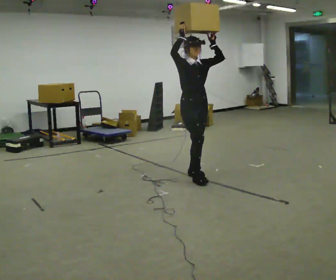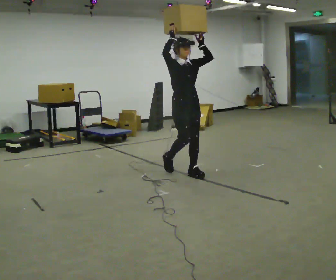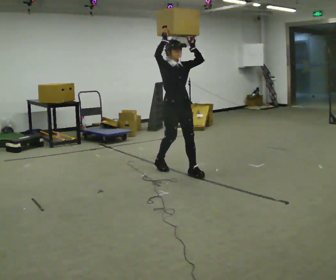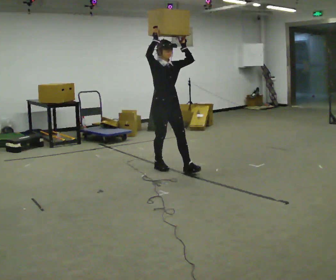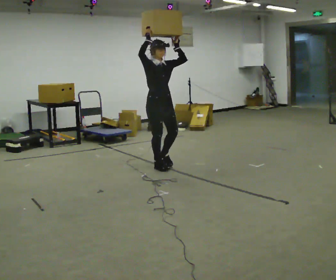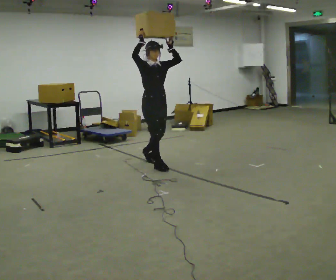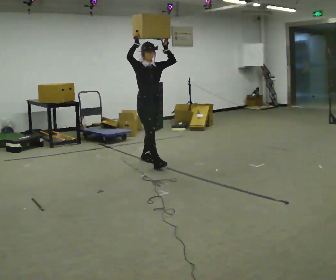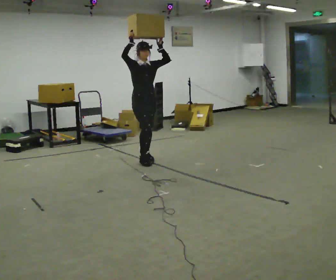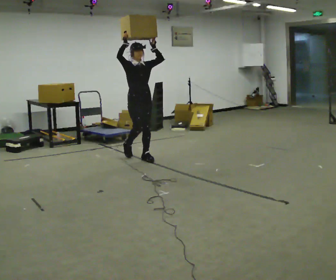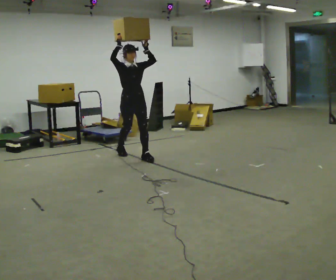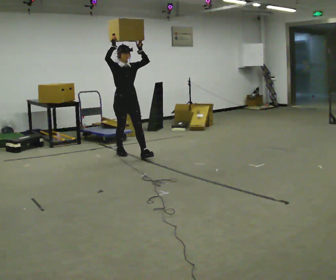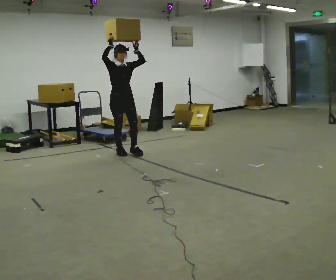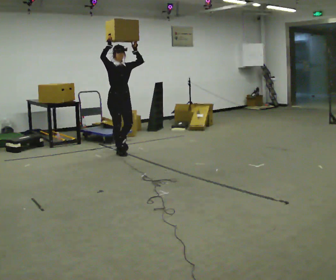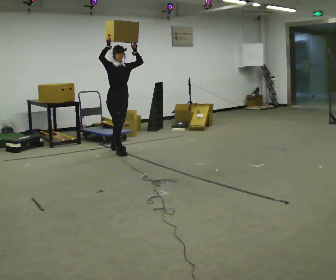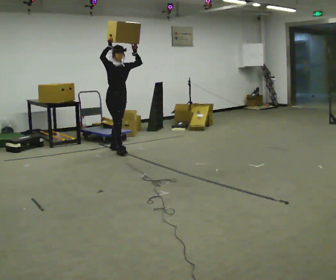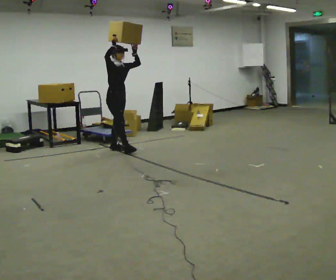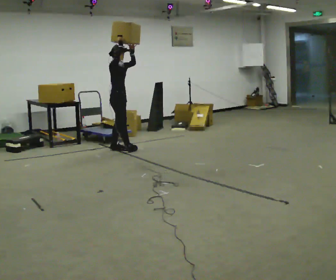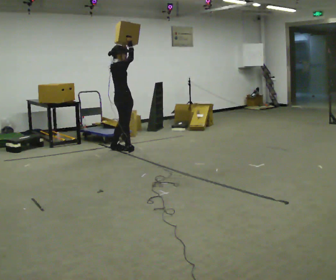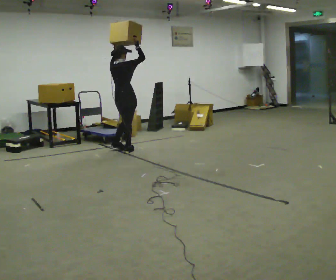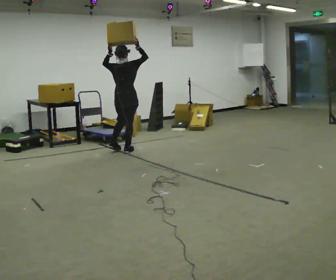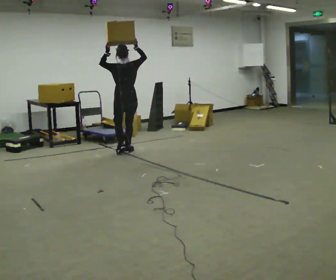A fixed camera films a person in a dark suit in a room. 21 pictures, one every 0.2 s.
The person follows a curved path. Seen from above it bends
clockwise.
The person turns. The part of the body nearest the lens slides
to the right.
0.0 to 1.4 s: In the picture they go away from the camera and to the left, about 1 m in 2 steps, which for them is backward.
1.4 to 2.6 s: In the picture they go away from the camera and to the left, about 0.75 m in 1 step, which for them is backward.
2.6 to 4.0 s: The person turns about 150 degrees to their left, counterclockwise seen from above, so the part of the body nearest the lens slides to the right. The upper body tips toward the camera, its near side rolling downward. In the picture their left hand goes to the left.
The film runs backward here.
